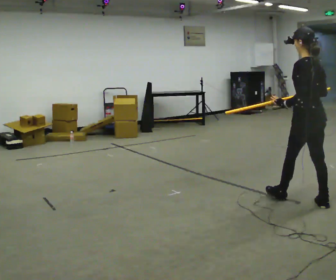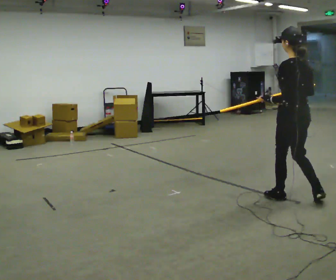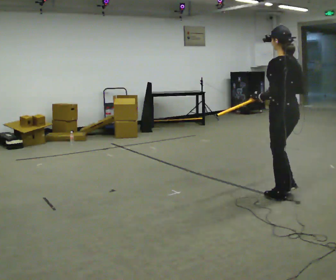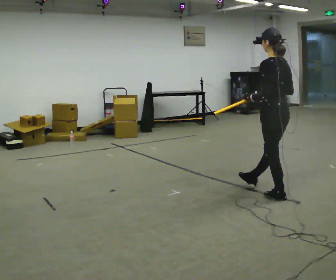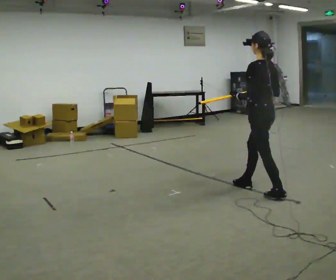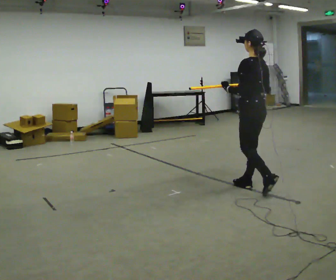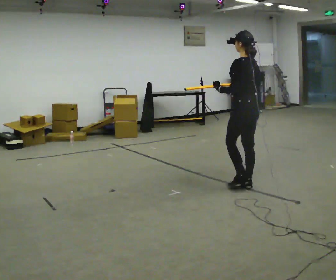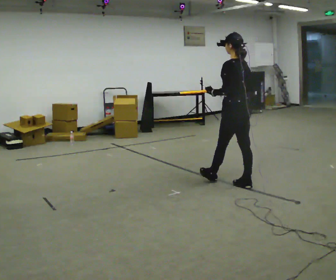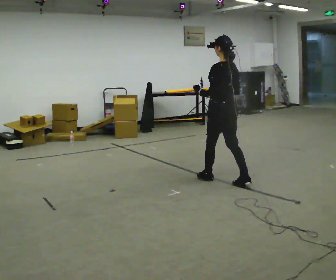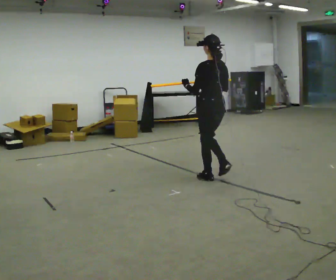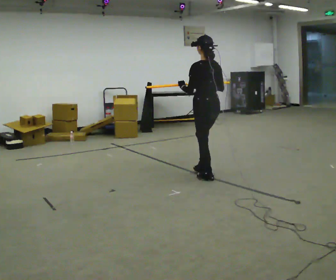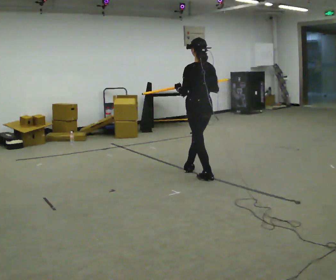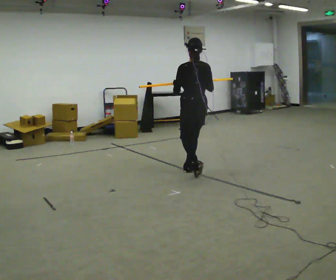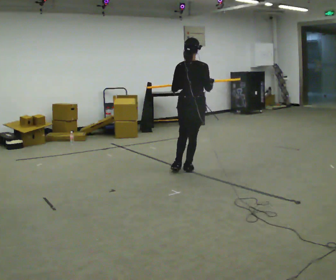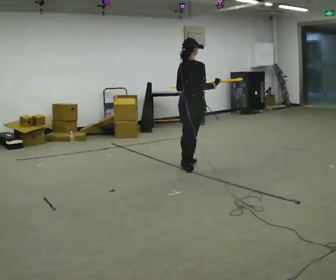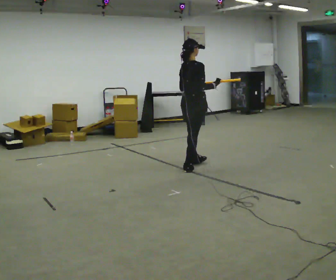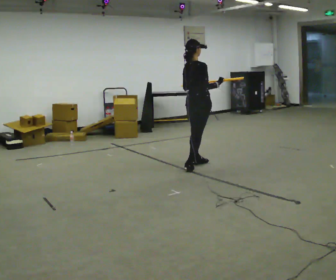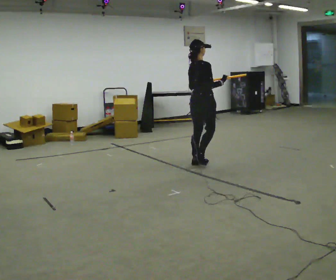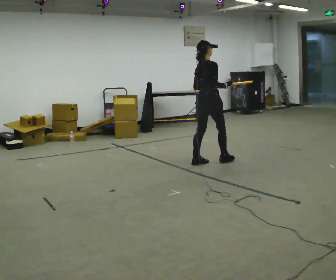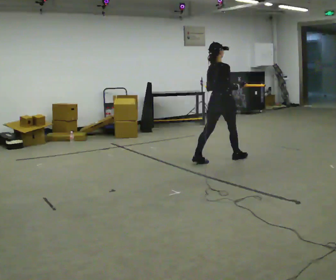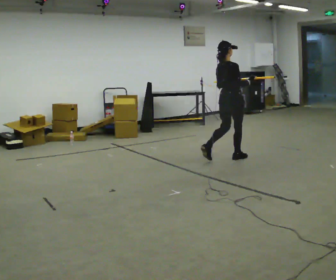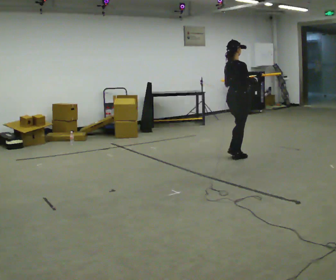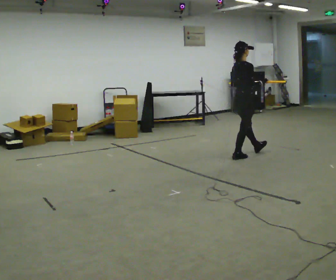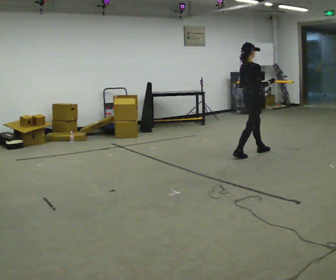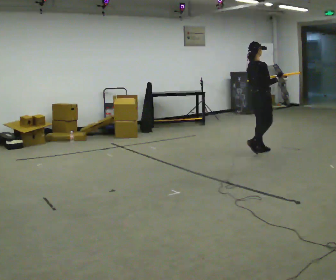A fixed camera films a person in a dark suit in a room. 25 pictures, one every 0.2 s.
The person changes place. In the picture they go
away from the camera.
0.0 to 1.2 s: In the picture they go away from the camera and to the left, about 1 m in 1 step, which for them is forward.
1.2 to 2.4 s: The person turns about 30 degrees to their right, clockwise seen from above, so the part of the body nearest the lens slides to the left. In the picture they go away from the camera and to the left, about 1 m in 2 steps, which for them is forward.
2.4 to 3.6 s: The person turns about 75 degrees to their right, clockwise seen from above, so the part of the body nearest the lens slides to the left. In the picture they go away from the camera and to the right, about 0.5 m in 1 step.
3.6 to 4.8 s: In the picture they go to the right and away from the camera, about 1 m in 2 steps, which for them is forward.
The film runs forward here.
